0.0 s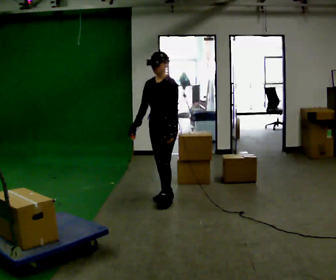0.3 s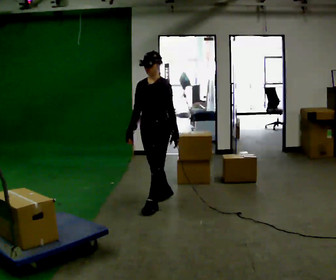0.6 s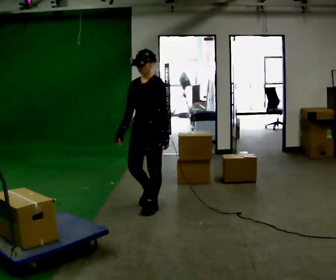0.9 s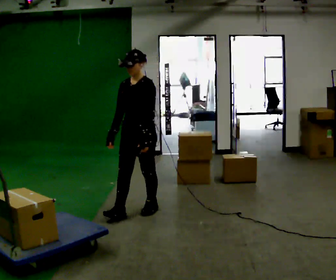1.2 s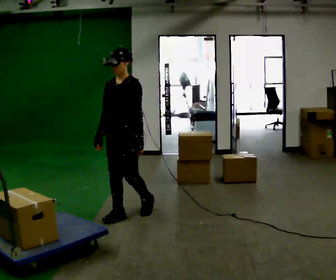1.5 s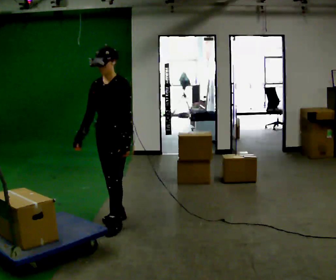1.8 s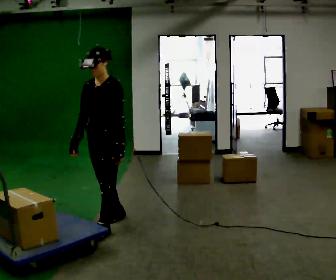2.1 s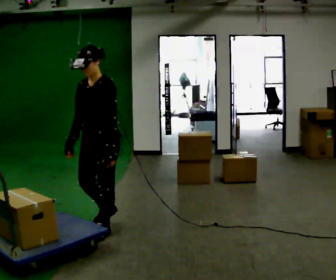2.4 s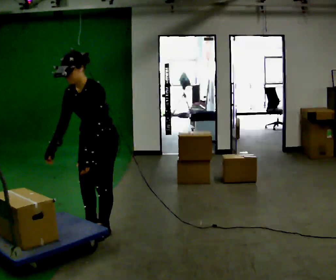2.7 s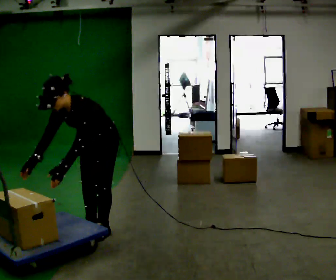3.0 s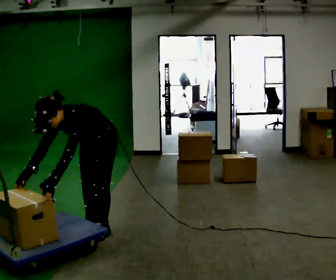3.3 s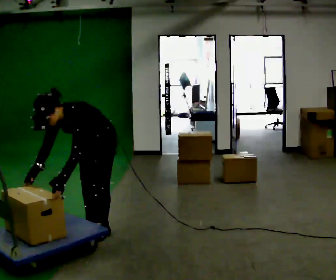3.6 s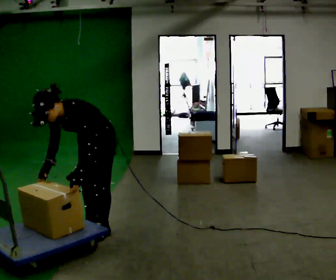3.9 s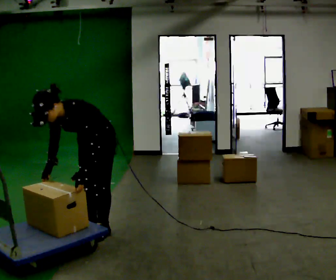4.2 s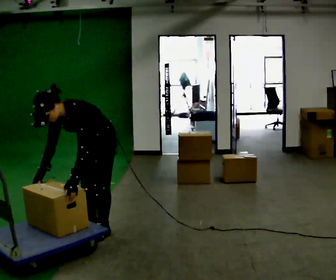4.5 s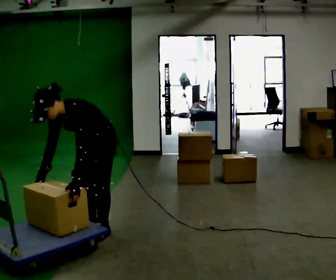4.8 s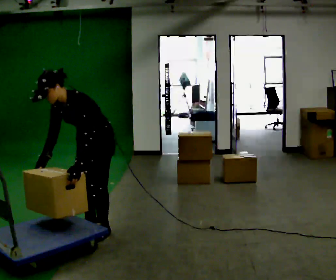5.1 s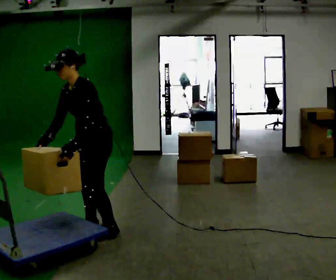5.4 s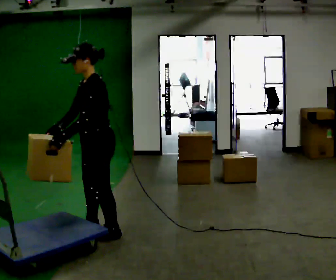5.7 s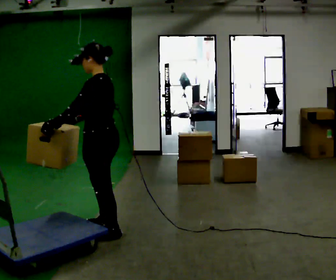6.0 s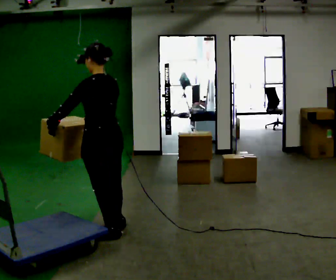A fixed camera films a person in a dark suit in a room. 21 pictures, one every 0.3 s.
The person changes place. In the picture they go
toward the camera.
The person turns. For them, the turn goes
to their right.
0.0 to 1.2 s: In the picture they go toward the camera and to the left, about 0.75 m in 2 steps, which for them is forward.
1.2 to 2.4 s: In the picture they go toward the camera and to the left, about 0.5 m in 2 steps, which for them is forward. The upper body tips toward the camera, its near side rolling downward, as they bend forward.
2.4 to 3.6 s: In the picture the upper body tilts counterclockwise, shoulders to the left, as they bend forward.
3.6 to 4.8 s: The upper body tips away from the camera, its near side rolling upward, as they lean back or straighten.
4.8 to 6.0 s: The person turns about 90 degrees to their right, clockwise seen from above, so the part of the body nearest the lens slides to the left. In the picture the upper body tilts clockwise, shoulders to the right, as they lean back or straighten.
The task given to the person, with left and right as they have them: Load the boxes onto the cart one at a time, then take them all off again. The cart stays where it is. Keep going until the operator says stop; one object at a time, and do not rush between trips.
The film runs forward here.
